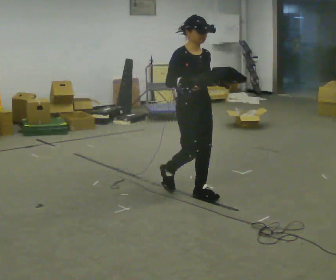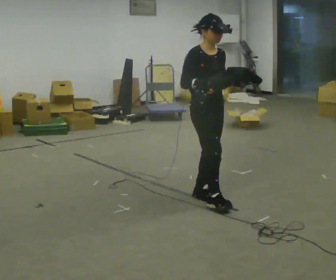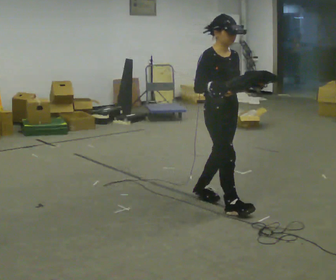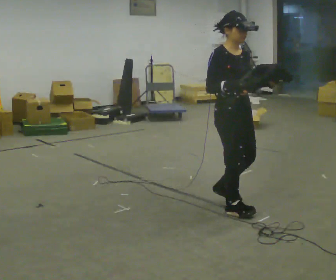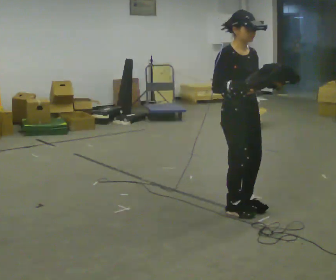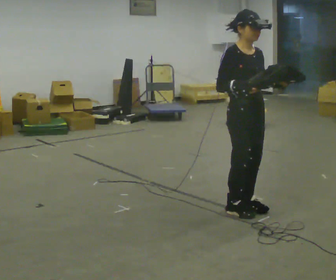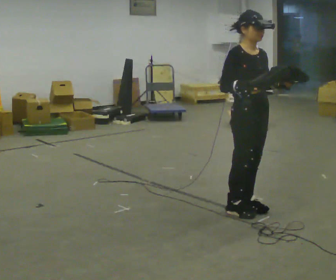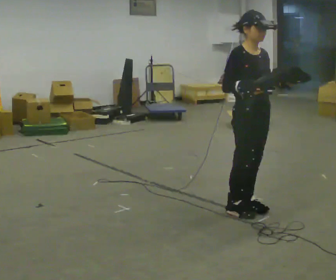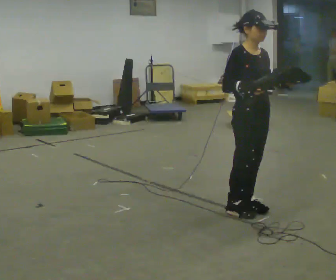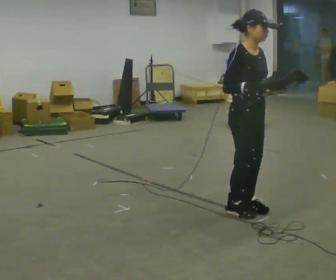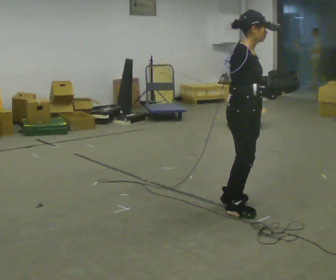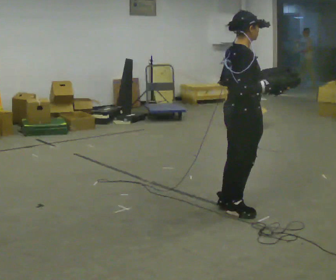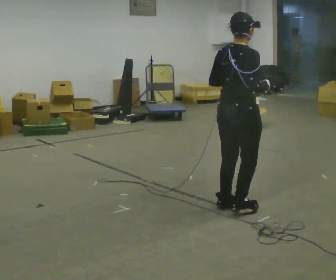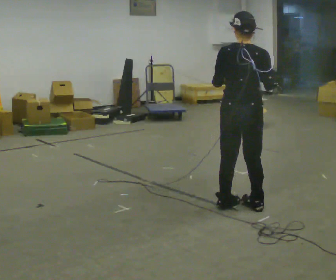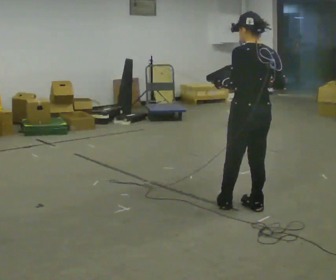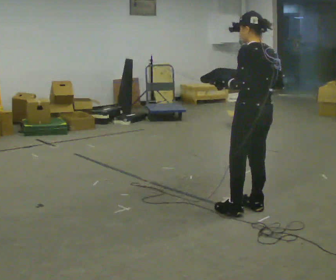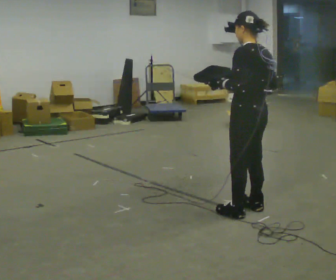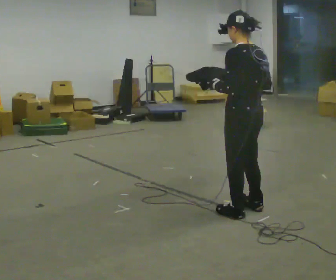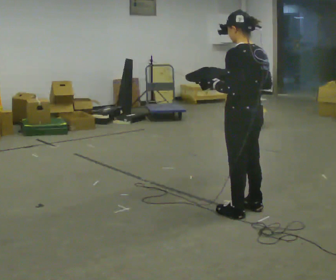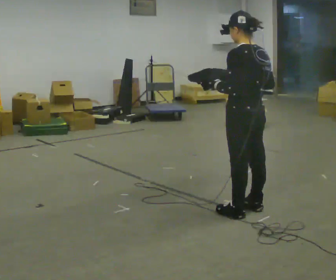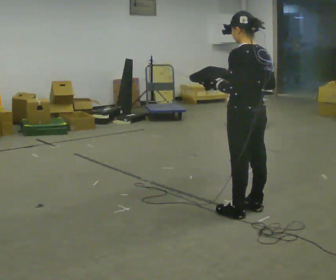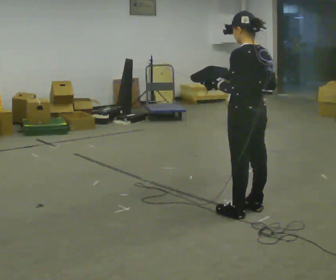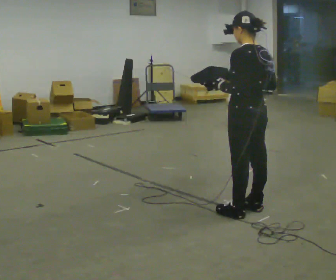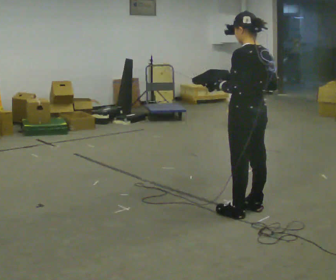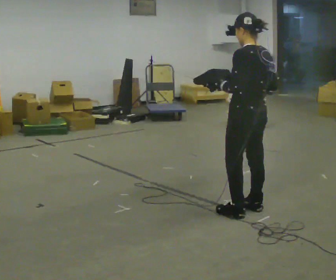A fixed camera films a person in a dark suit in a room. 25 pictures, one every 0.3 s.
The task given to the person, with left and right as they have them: Carry the box with its lid hanging open across the room, back and forth.
0.0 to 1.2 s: In the picture they go toward the camera and to the right, about 0.5 m in 2 steps, which for them is forward.
1.2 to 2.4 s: The person moves a little, or ends about where they began.
2.4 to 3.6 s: The person turns about 90 degrees to their left, counterclockwise seen from above, so the part of the body nearest the lens slides to the right. In the picture their left hand goes to the left.
3.6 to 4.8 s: Seen from above the body turns counterclockwise, about 90 degrees: to their left, with its near side sliding to the right.
4.8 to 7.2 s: The person moves a little, or ends about where they began.
The film runs forward here.
